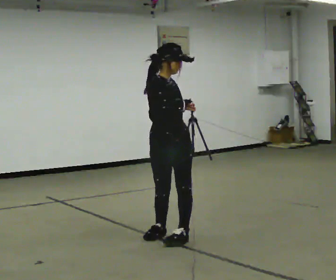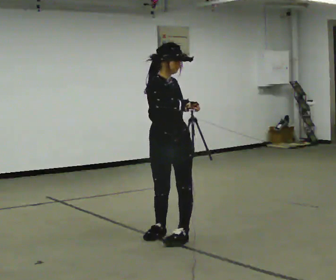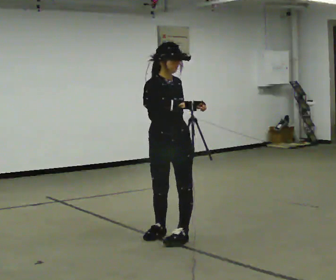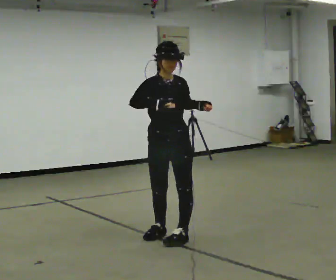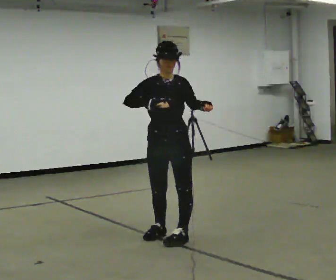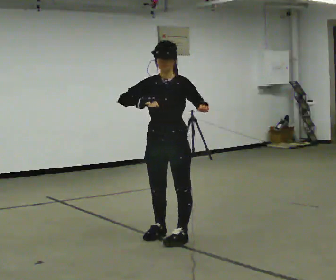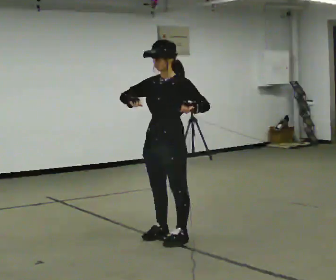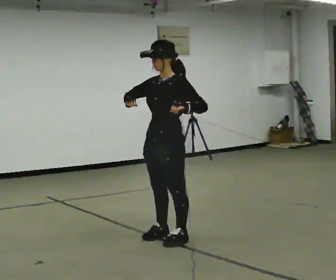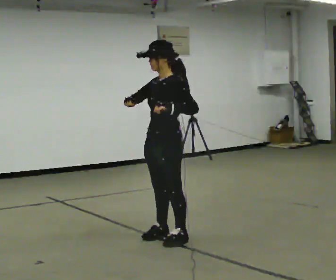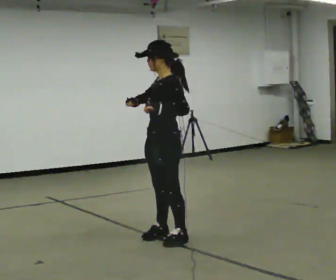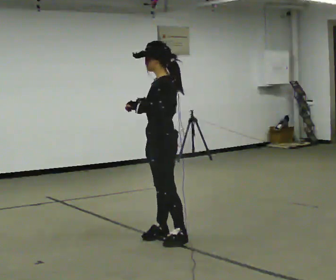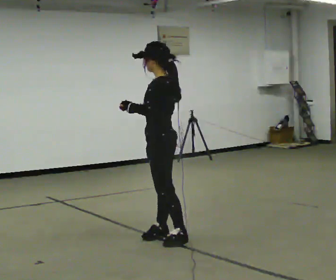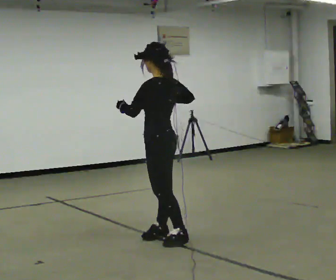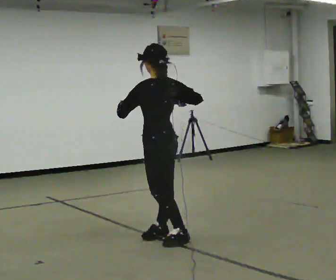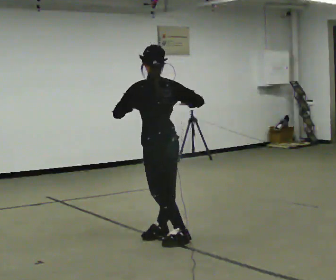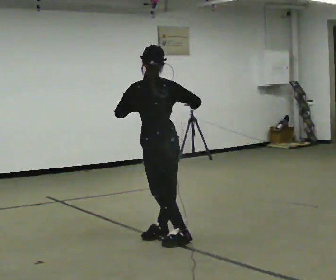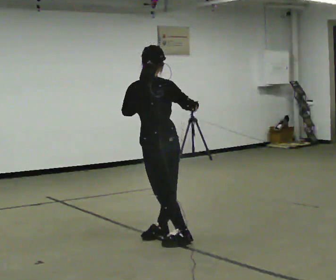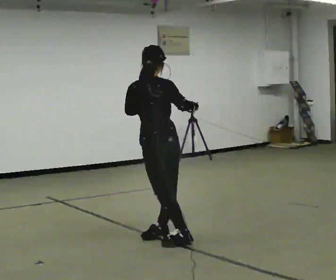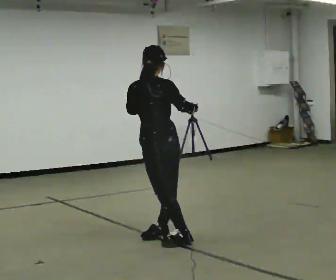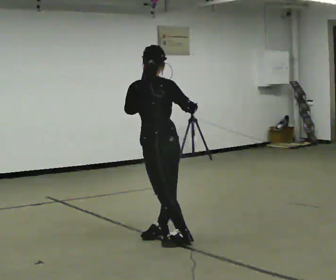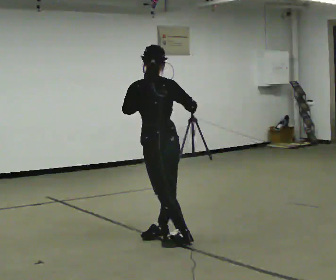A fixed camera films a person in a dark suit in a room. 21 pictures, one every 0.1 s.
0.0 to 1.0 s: The part of the body nearest the lens slides to the left as the person turns to their right by about 120 degrees. In the picture their left hand goes to the left.
1.0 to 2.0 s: The person turns about 60 degrees to their right, clockwise seen from above, so the part of the body nearest the lens slides to the left. In the picture their right hand goes to the right.
The film runs forward here.
